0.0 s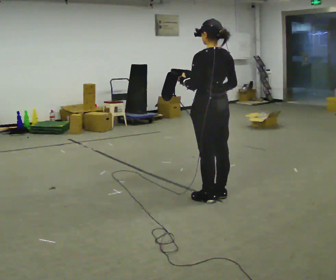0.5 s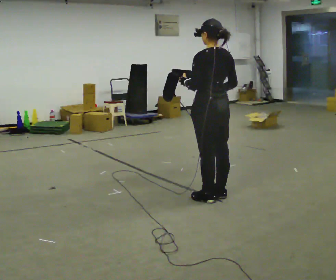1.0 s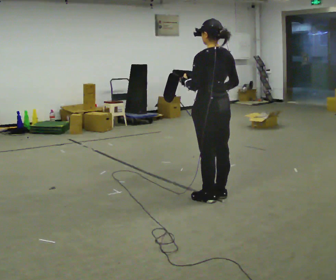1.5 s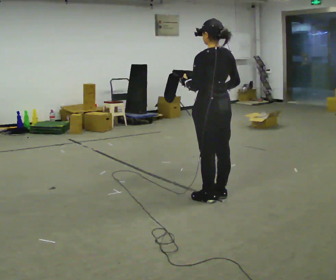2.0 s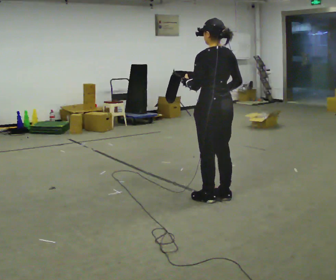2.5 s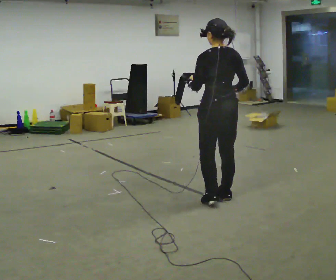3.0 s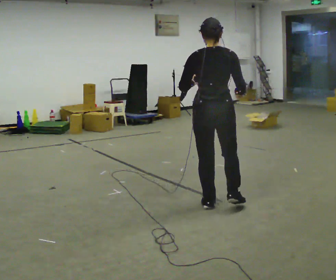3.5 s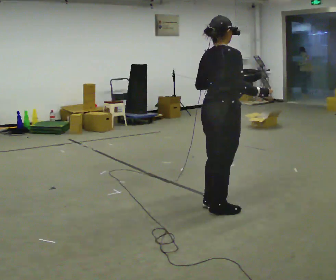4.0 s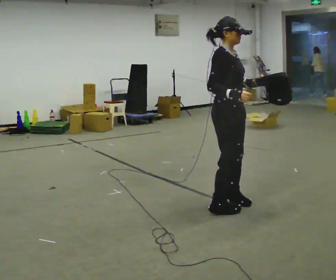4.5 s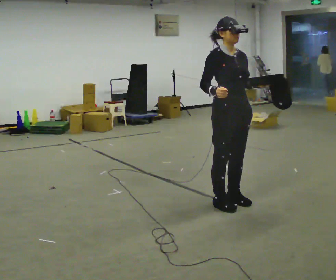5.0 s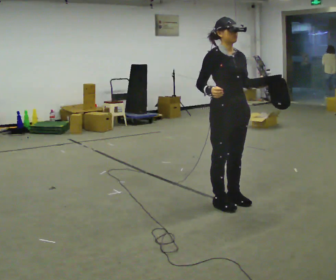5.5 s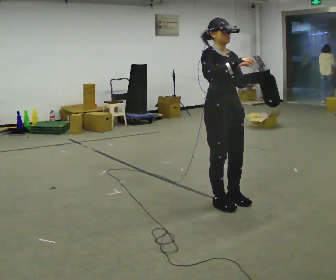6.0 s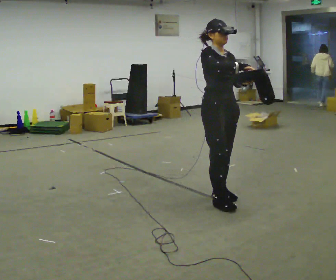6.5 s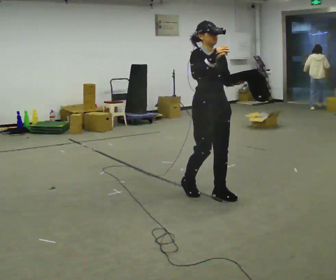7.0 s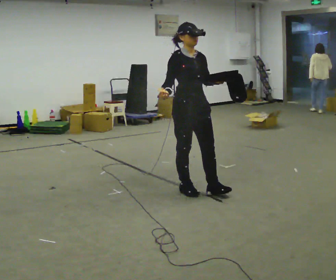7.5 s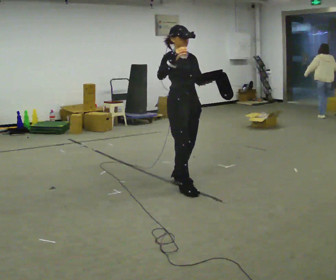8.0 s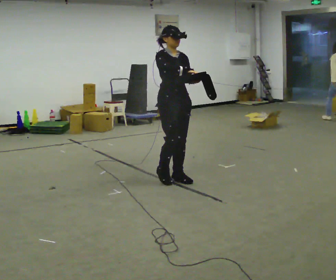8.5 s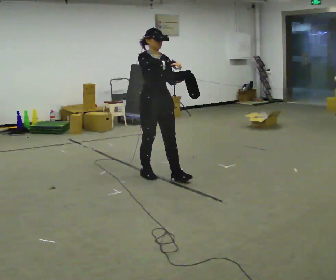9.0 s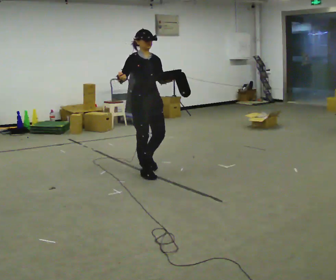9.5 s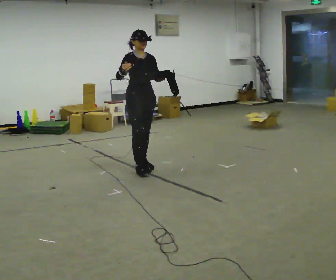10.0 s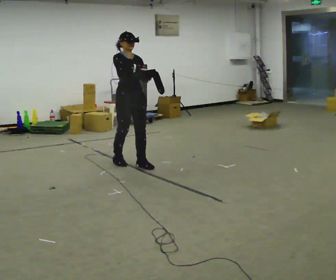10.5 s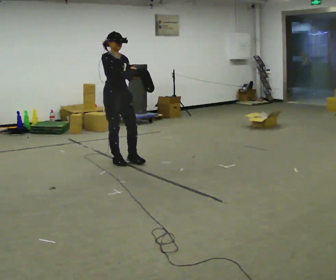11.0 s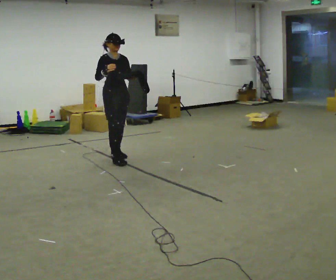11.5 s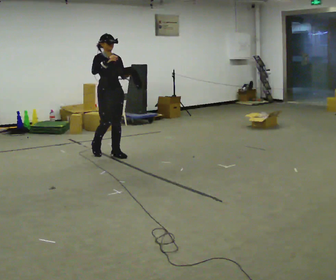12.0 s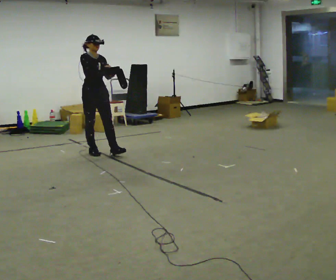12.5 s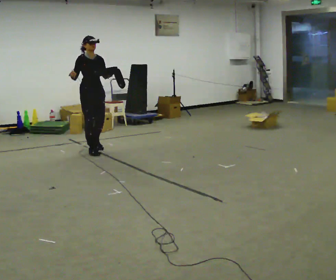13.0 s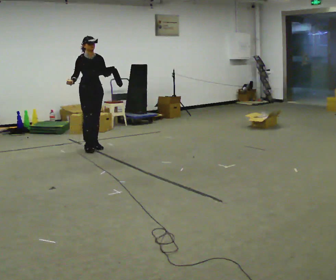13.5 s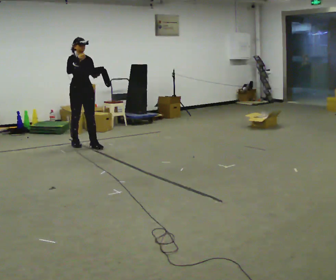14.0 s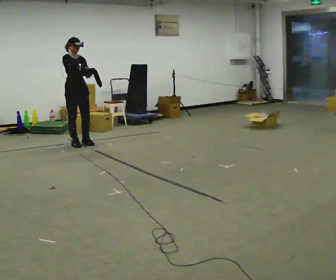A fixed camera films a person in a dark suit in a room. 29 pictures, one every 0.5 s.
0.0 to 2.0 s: The person moves a little, or ends about where they began.
2.0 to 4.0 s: The part of the body nearest the lens slides to the left as the person turns to their right by about 150 degrees.
4.0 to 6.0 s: Seen from above the body turns clockwise, about 30 degrees: to their right, with its near side sliding to the left. In the picture they go away from the camera, about 0.25 m in 2 steps, which for them is backward.
6.0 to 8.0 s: In the picture they go to the left and away from the camera, about 0.5 m in 3 steps, which for them is backward.
8.0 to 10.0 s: In the picture they go to the left and away from the camera, about 1 m in 2 steps, which for them is backward.
10.0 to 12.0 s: In the picture they go to the left and away from the camera, about 1 m in 2 steps, which for them is backward.
12.0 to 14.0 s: In the picture they go to the left and away from the camera, about 0.75 m in 3 steps, which for them is backward.
The film runs backward here.
